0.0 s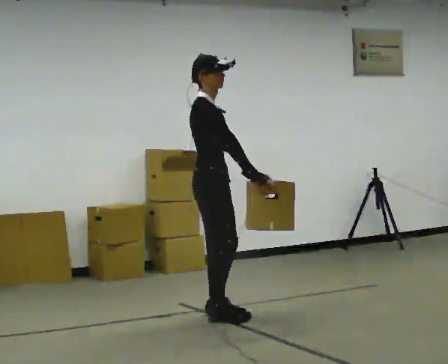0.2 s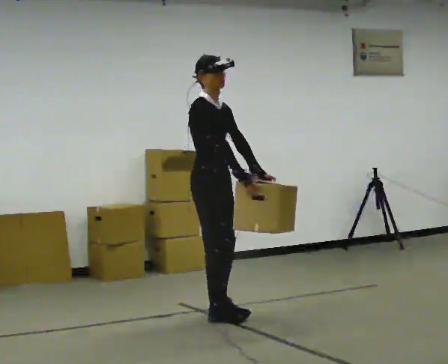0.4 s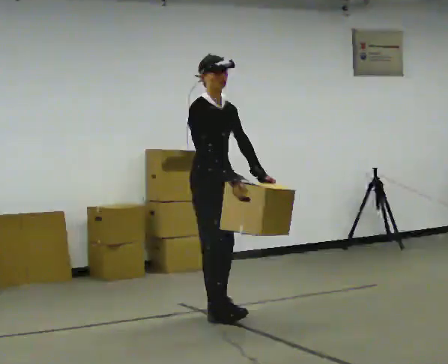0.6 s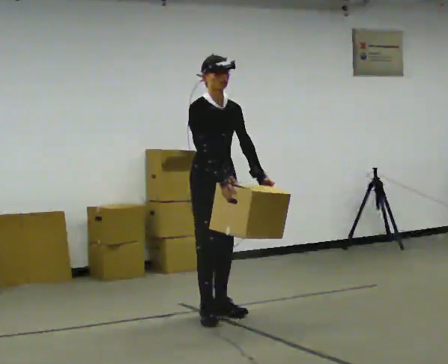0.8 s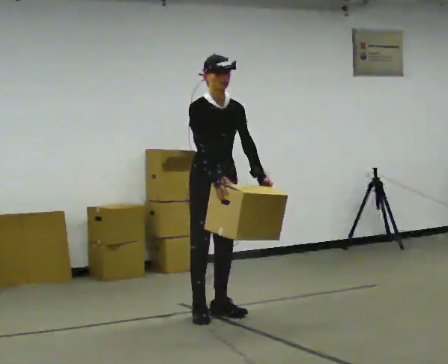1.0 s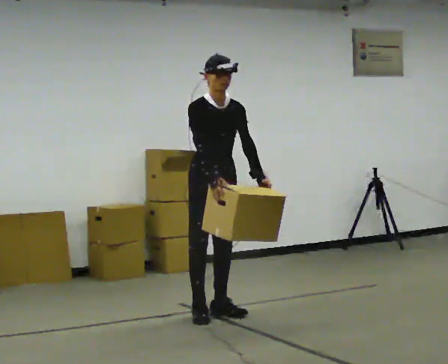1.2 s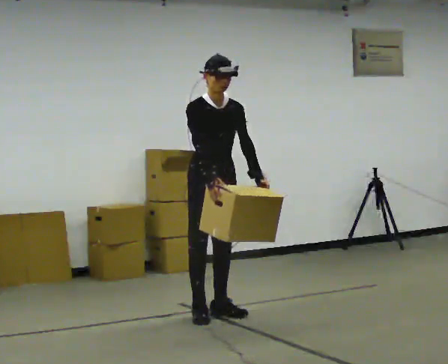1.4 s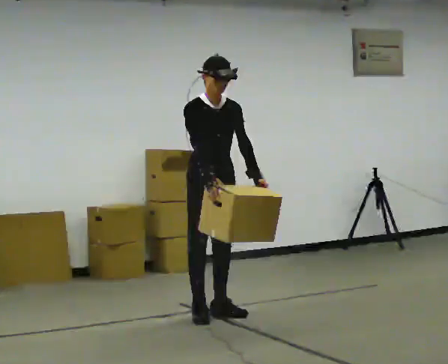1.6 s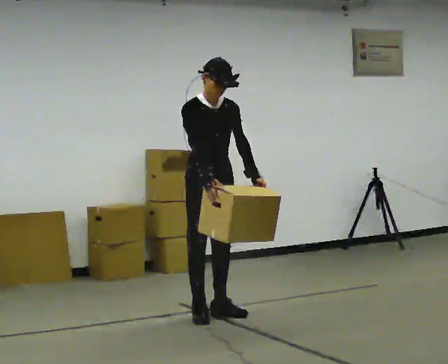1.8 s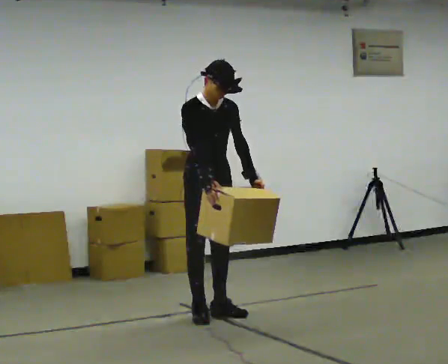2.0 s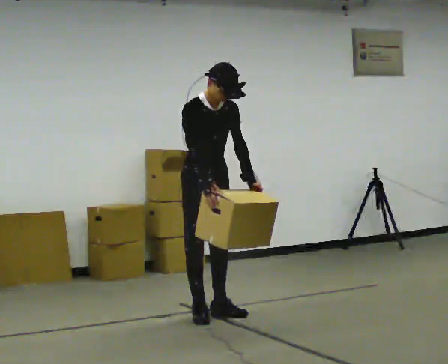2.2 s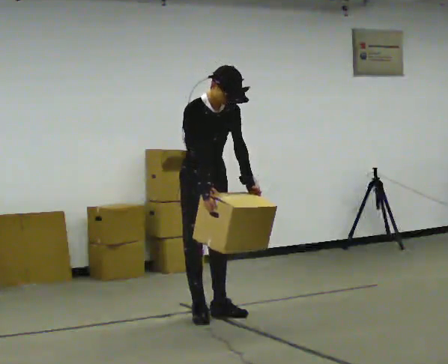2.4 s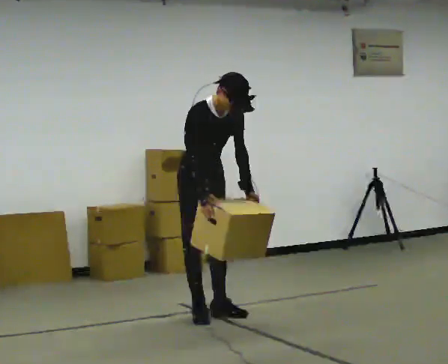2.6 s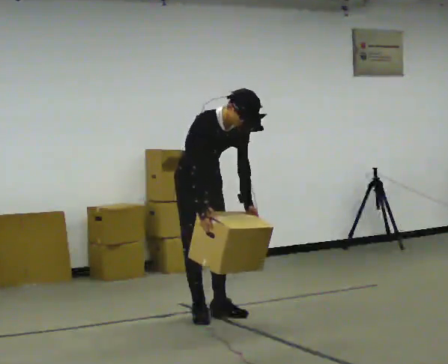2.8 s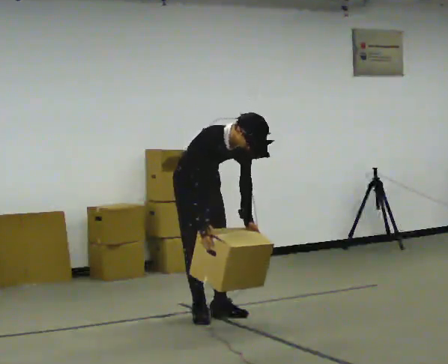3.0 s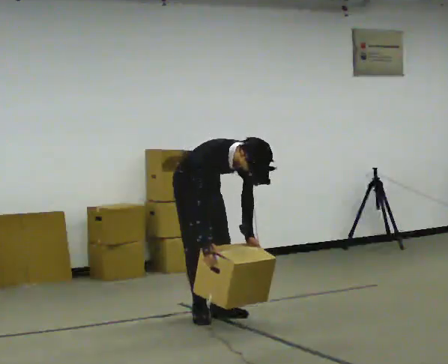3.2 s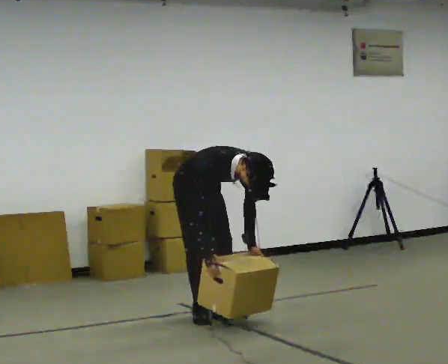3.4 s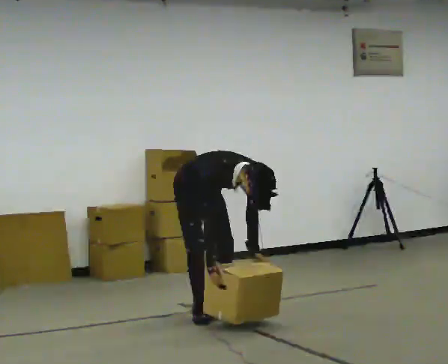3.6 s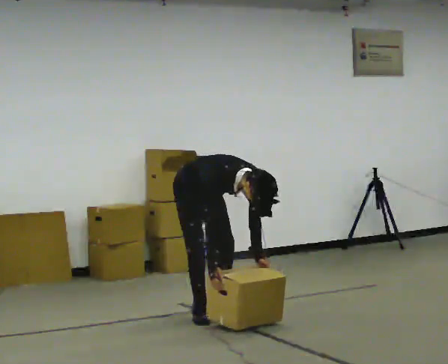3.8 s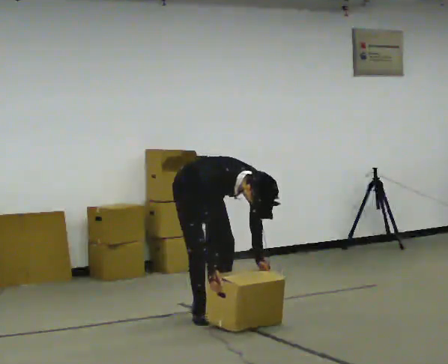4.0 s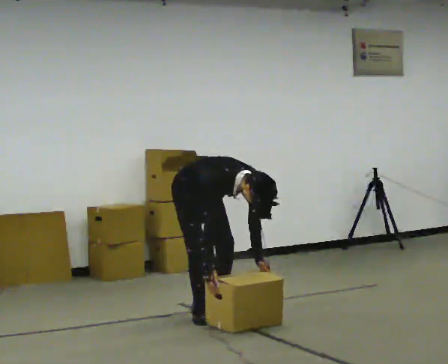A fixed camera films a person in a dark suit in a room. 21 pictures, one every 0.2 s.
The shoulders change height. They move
downward.
Their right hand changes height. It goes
downward.
0.0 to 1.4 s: The person turns about 45 degrees to their right, clockwise seen from above, so the part of the body nearest the lens slides to the left.
1.4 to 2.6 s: The upper body tips toward the camera, its near side rolling downward, as they bend forward.
2.6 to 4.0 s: The upper body goes downward. The upper body tips toward the camera, its near side rolling downward, as they bend forward. In the picture their right hand goes downward.
The film runs forward here.
